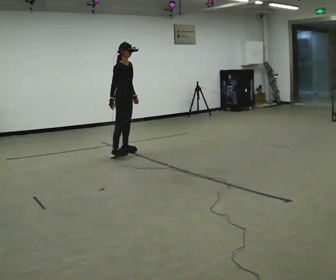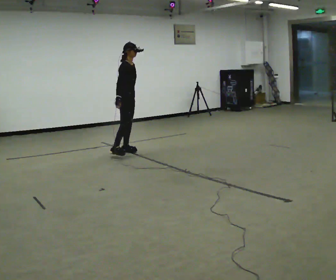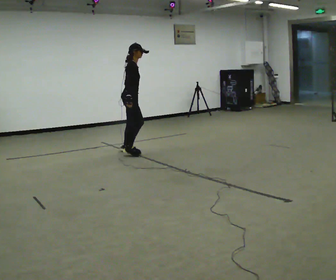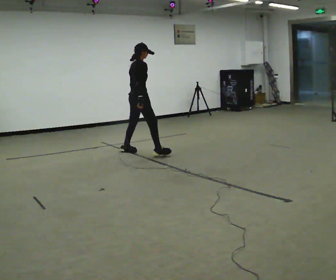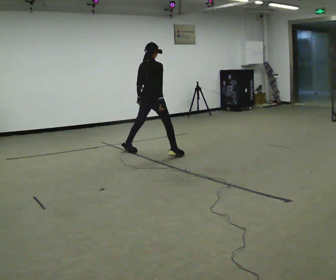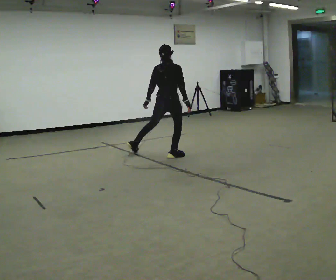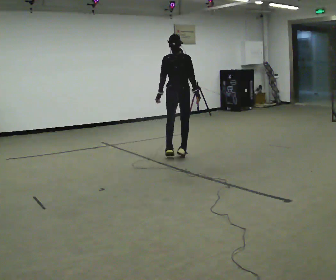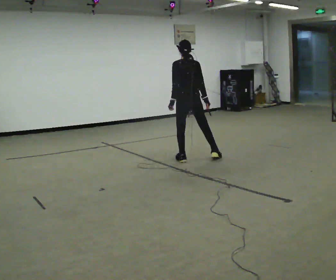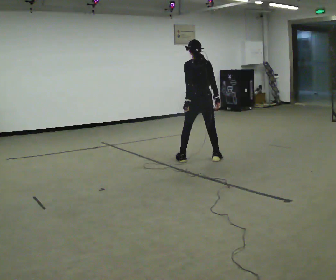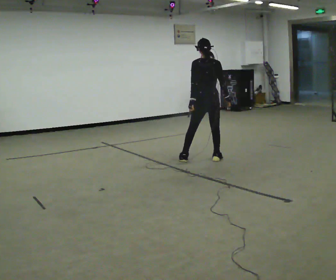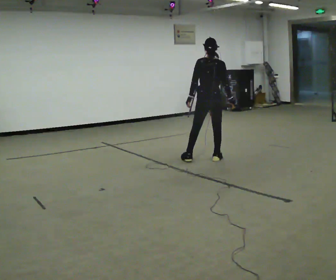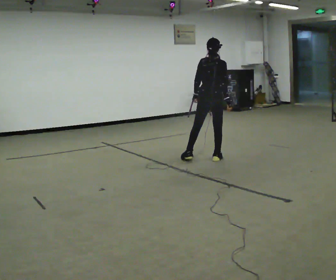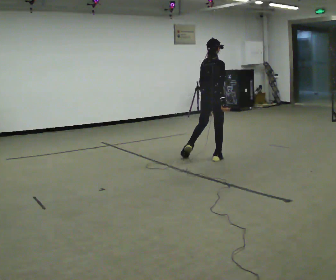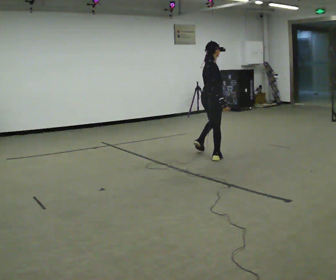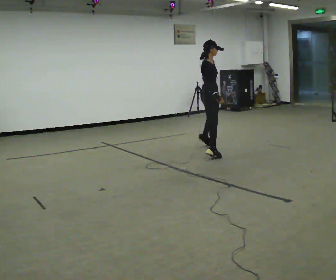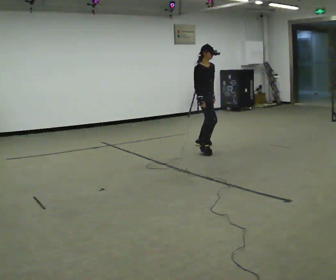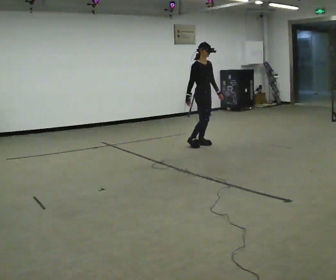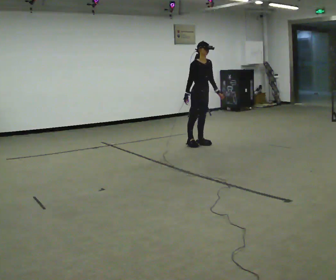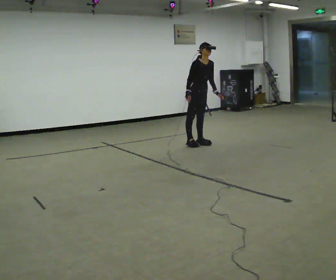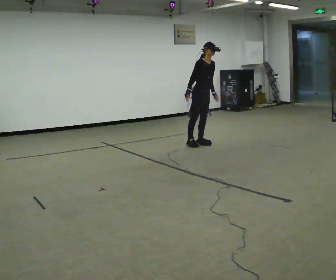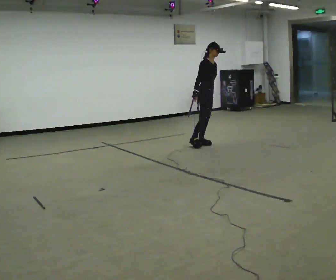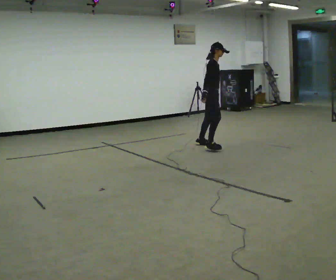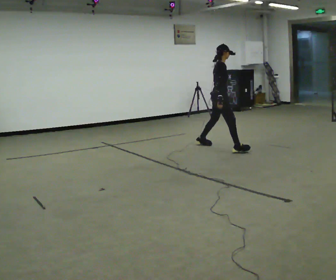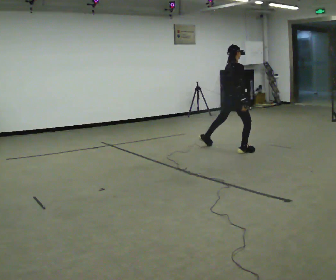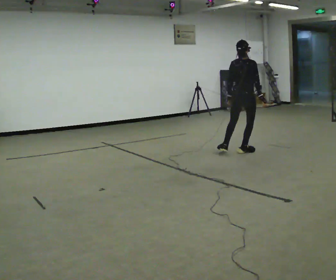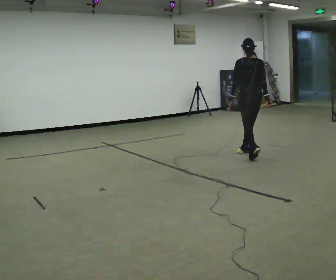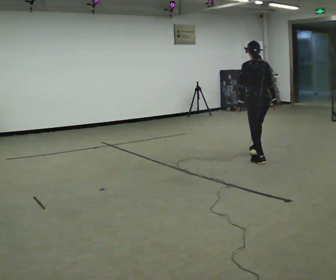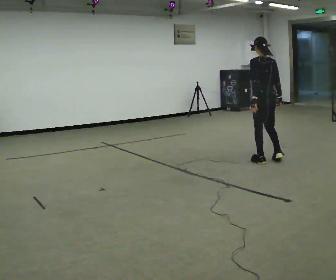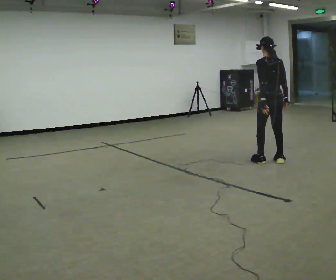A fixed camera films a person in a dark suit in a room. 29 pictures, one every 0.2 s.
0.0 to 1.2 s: Seen from above the body turns counterclockwise, about 105 degrees: to their left, with its near side sliding to the right. In the picture they go to the right and toward the camera, about 1 m in 1 step.
1.2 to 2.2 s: In the picture they go to the right, about 0.5 m in 2 steps, which for them is to their right.
2.2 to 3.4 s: Seen from above the body turns clockwise, about 120 degrees: to their right, with its near side sliding to the left. In the picture they go away from the camera, about 1 m in 2 steps.
3.4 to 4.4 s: The person turns about 45 degrees to their left, counterclockwise seen from above, so the part of the body nearest the lens slides to the right. In the picture they go to the right and toward the camera, about 0.5 m, which for them is forward.
4.4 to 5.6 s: The person turns about 105 degrees to their left, counterclockwise seen from above, so the part of the body nearest the lens slides to the right. In the picture they go toward the camera and to the right, about 1 m in 3 steps.
The film runs forward here.
